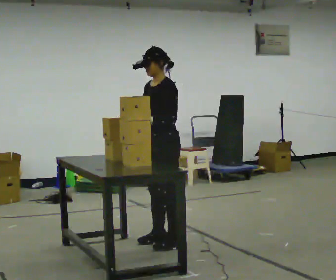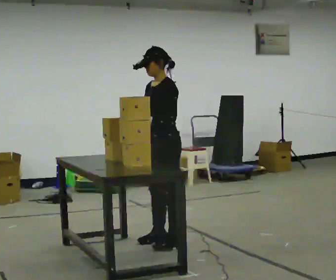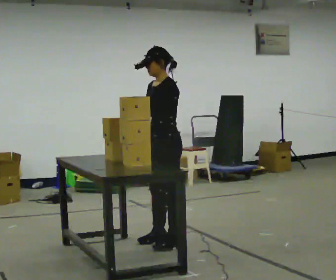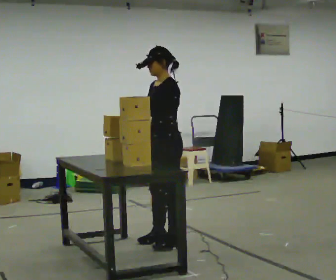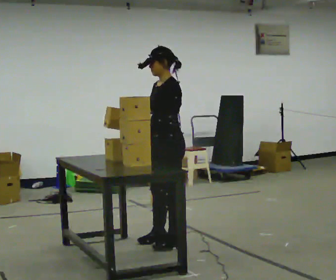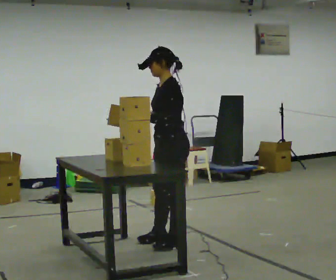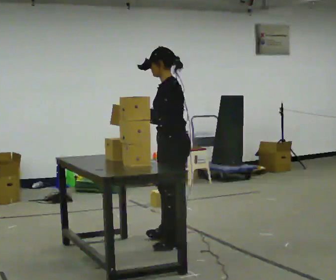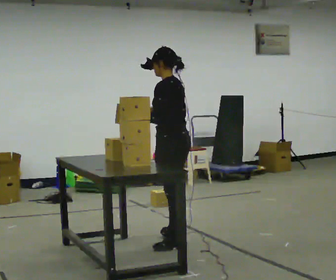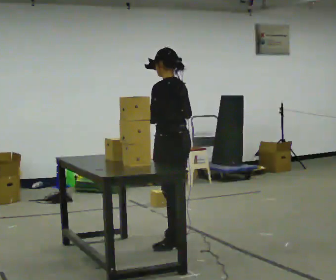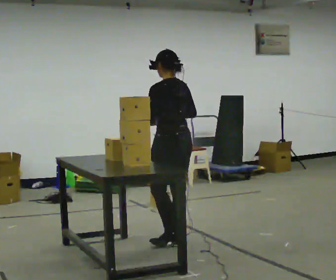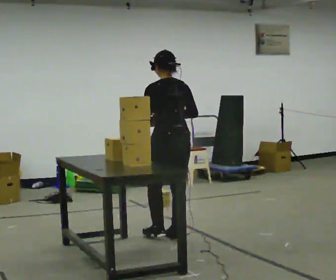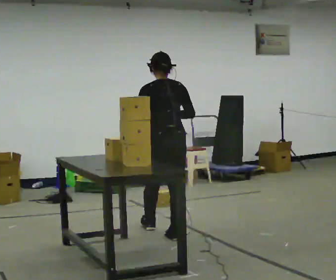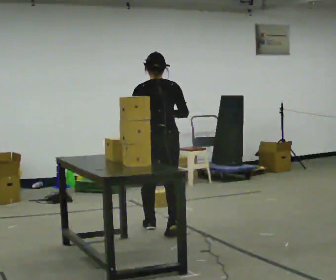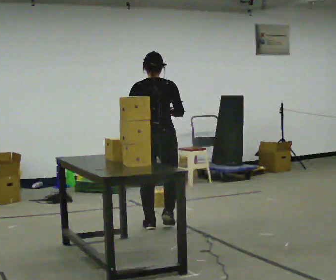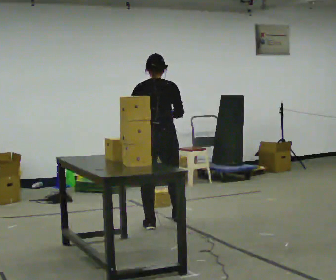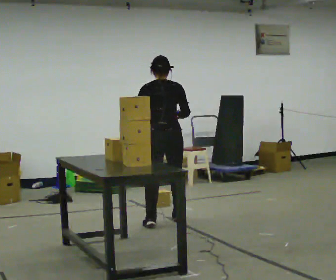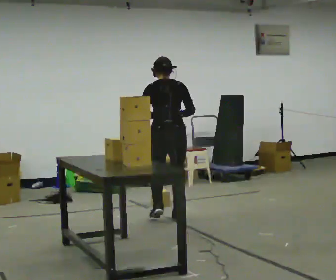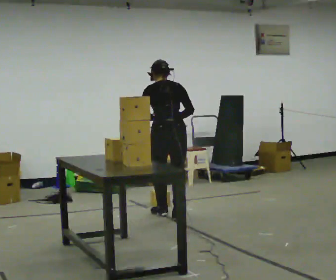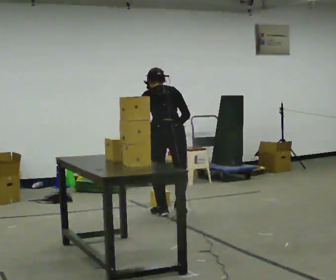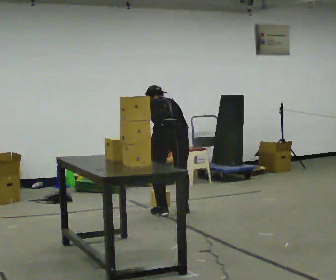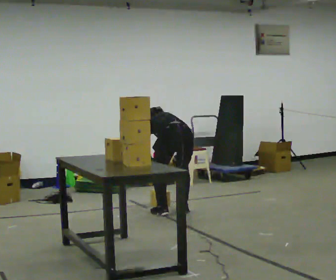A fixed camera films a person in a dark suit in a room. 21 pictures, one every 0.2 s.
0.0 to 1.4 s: The person turns about 45 degrees to their right, clockwise seen from above, so the part of the body nearest the lens slides to the left.
1.4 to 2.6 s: The part of the body nearest the lens slides to the left as the person turns to their right by about 75 degrees. In the picture they go away from the camera, about 0.5 m in 1 step.
2.6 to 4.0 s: In the picture they go away from the camera, about 0.5 m in 3 steps, which for them is forward and to their right. The shoulders move downward. The upper body tips away from the camera, its near side rolling upward, as they bend forward. In the picture their left hand goes downward.
The film runs forward here.
